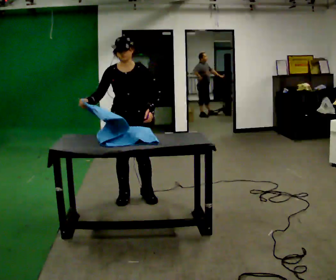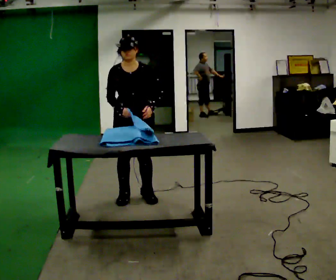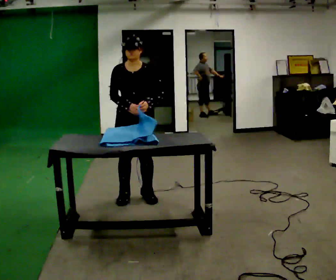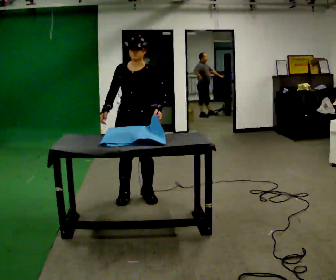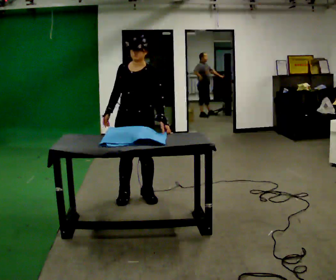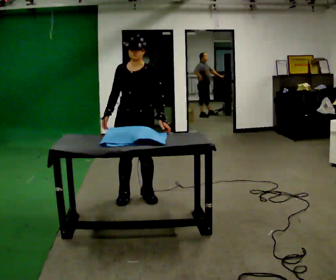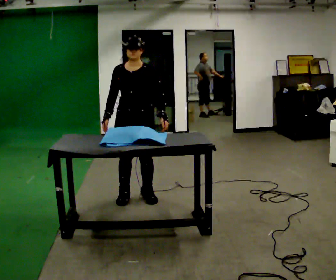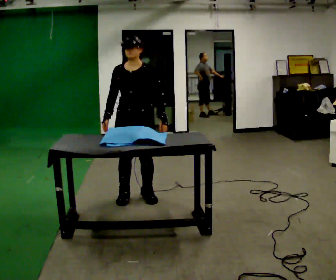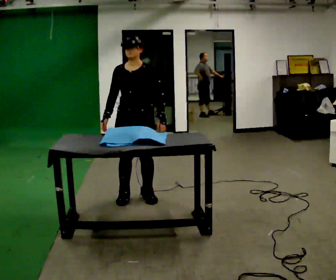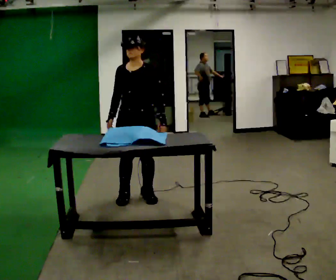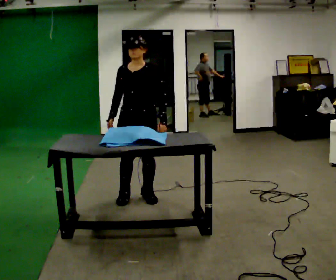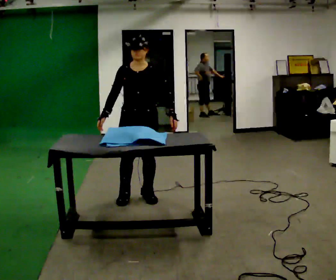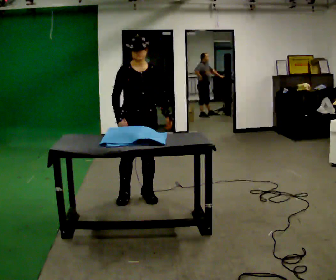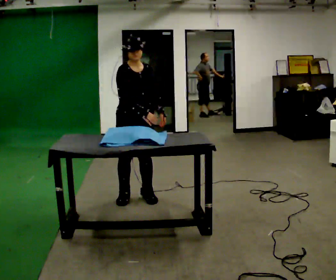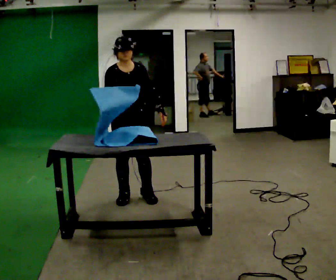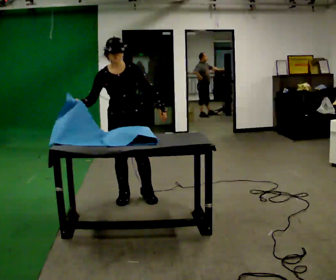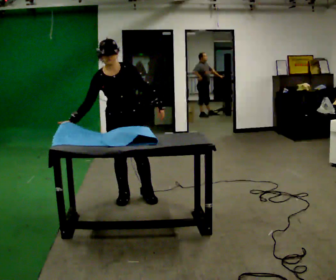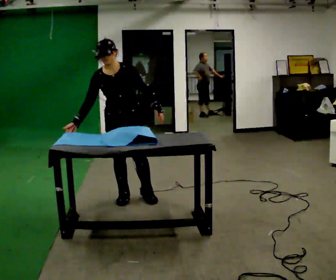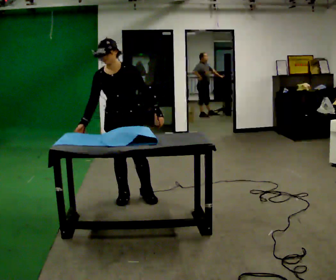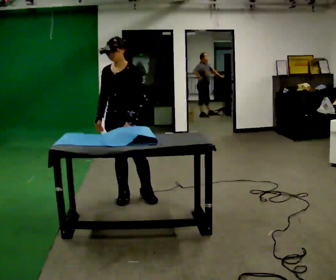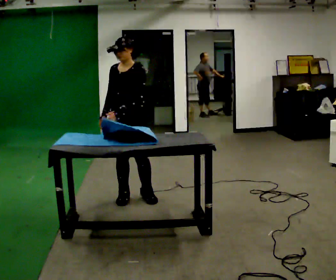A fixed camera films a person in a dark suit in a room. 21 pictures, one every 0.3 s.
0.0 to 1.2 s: The part of the body nearest the lens slides to the left as the person turns to their right by about 30 degrees.
1.2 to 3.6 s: The person turns about 30 degrees to their left, counterclockwise seen from above, so the part of the body nearest the lens slides to the right.
3.6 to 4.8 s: In the picture the upper body tilts counterclockwise, shoulders to the left.
4.8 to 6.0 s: Seen from above the body turns clockwise, about 30 degrees: to their right, with its near side sliding to the left. In the picture the upper body tilts clockwise, shoulders to the right. In the picture their left hand goes to the left, the arm swinging clockwise.
The film runs backward here.
